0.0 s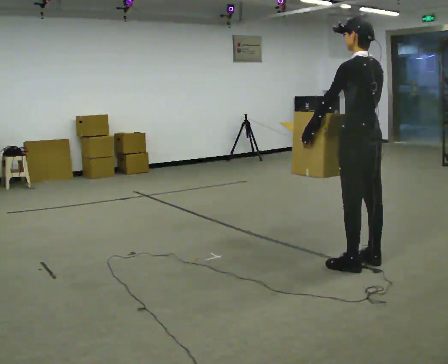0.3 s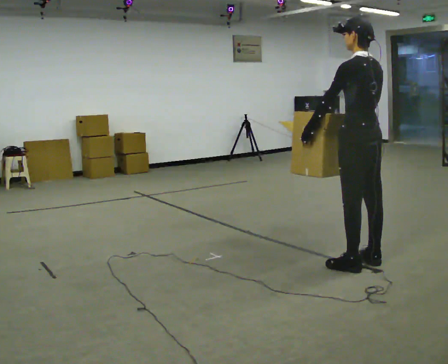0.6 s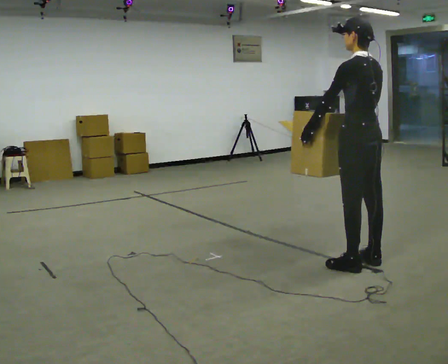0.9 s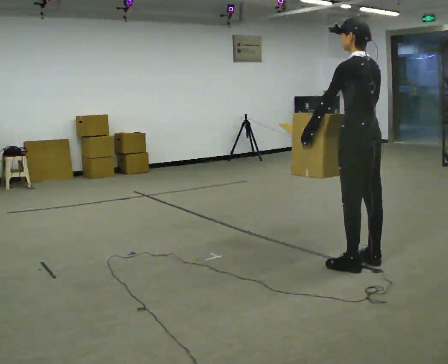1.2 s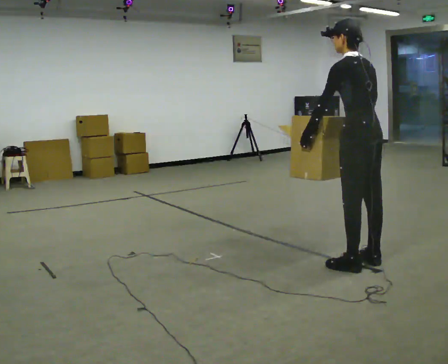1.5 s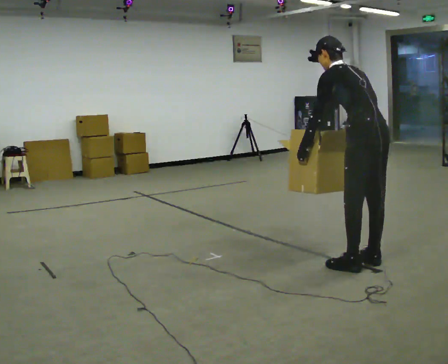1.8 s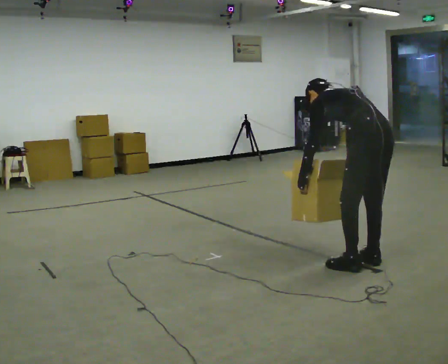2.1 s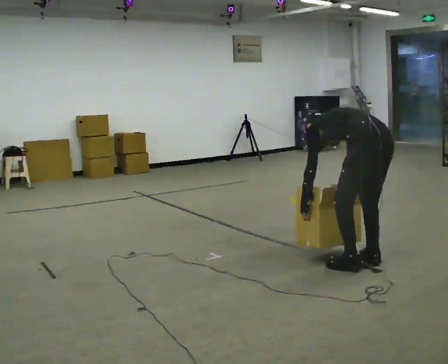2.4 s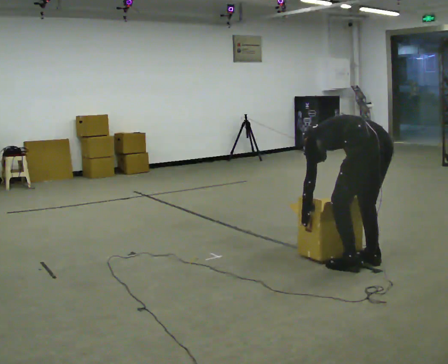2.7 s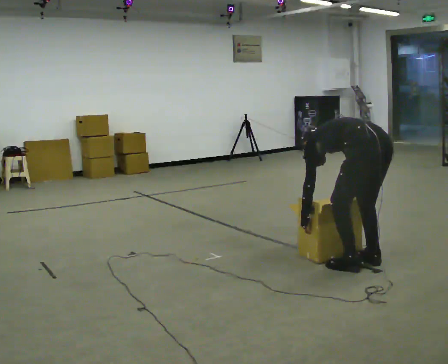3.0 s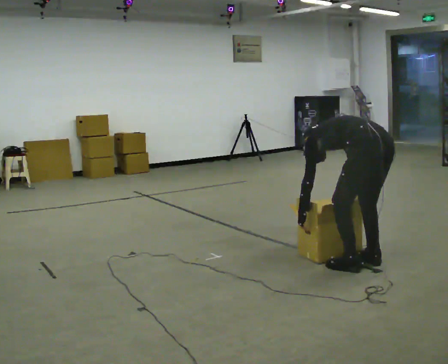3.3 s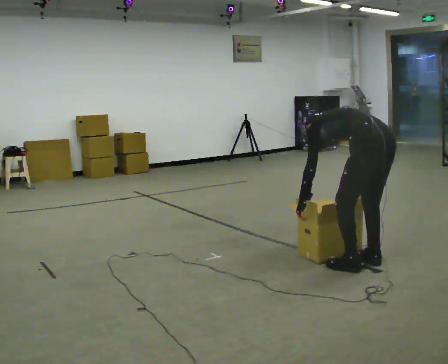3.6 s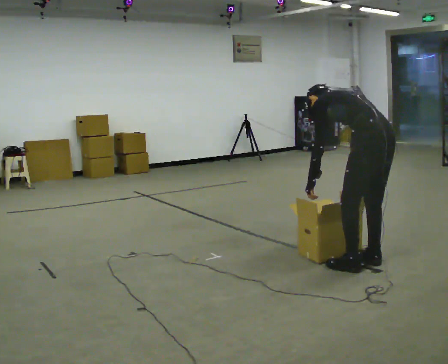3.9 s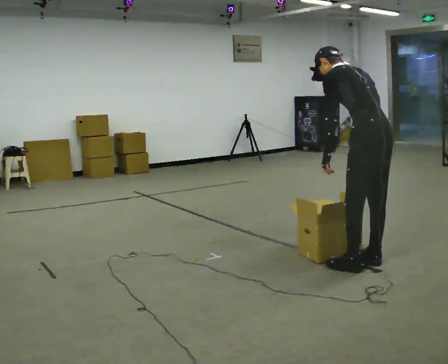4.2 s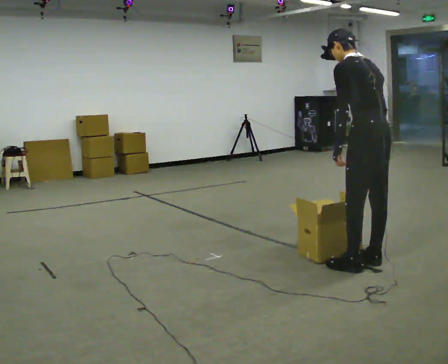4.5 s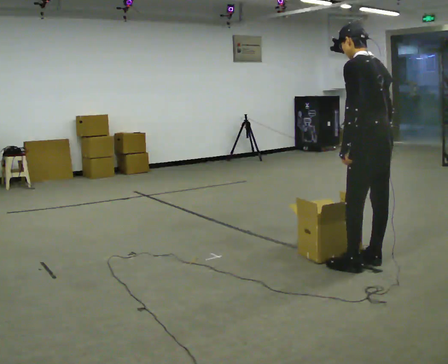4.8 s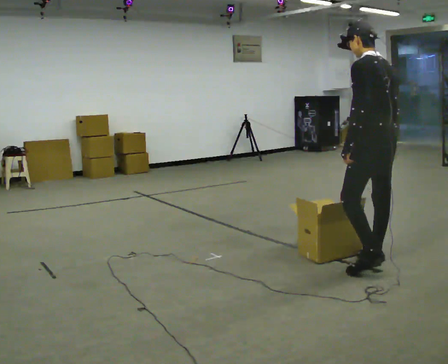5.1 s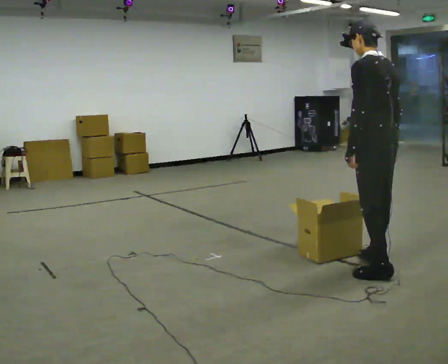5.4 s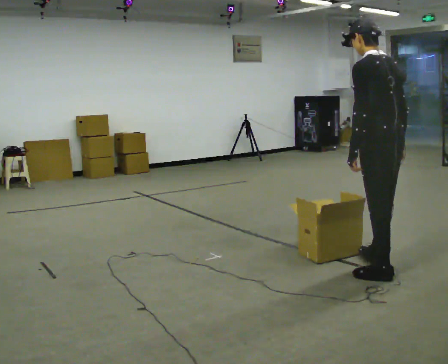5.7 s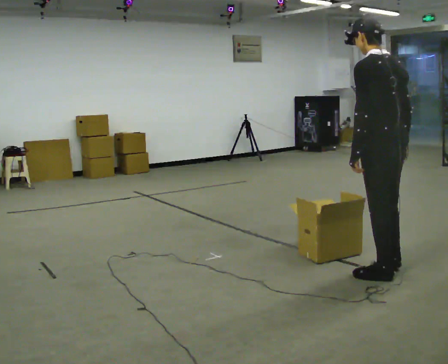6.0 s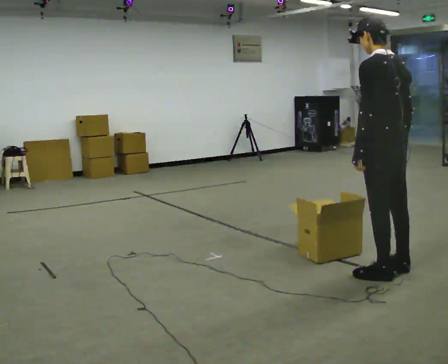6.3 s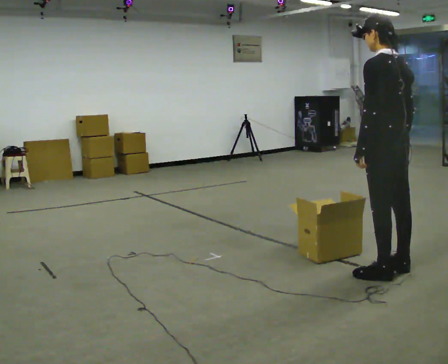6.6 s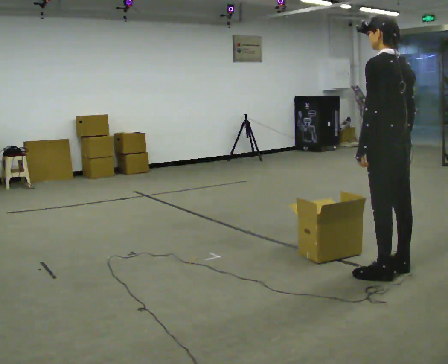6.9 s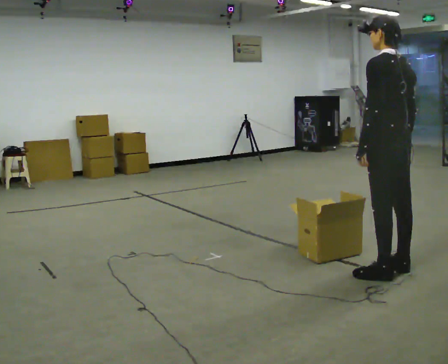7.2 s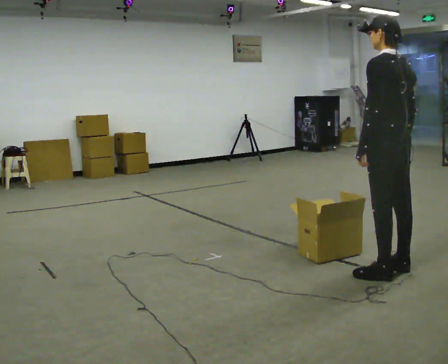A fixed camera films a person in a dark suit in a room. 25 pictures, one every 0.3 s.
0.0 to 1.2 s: The person moves a little, or ends about where they began.
1.2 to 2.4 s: The shoulders move downward. The upper body tips away from the camera, its near side rolling upward, as they bend forward. In the picture their right hand goes downward.
2.4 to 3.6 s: The upper body goes upward. The upper body tips toward the camera, its near side rolling downward, as they lean back or straighten.
3.6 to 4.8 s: The upper body goes upward. In the picture the upper body tilts clockwise, shoulders to the right, as they lean back or straighten.
4.8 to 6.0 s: In the picture they go toward the camera, about 0.25 m in 1 step, which for them is backward.
6.0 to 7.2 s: The person moves a little, or ends about where they began.
The film runs backward here.
